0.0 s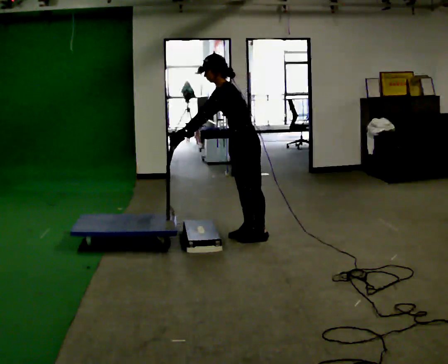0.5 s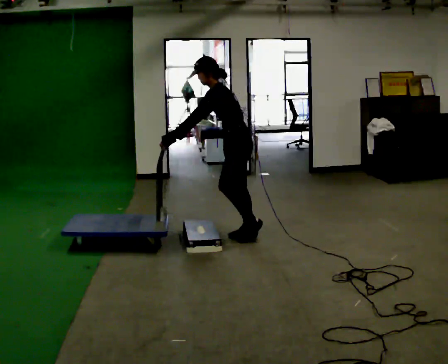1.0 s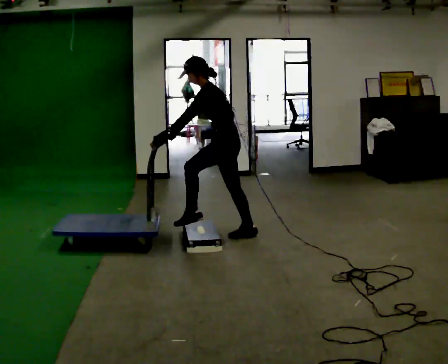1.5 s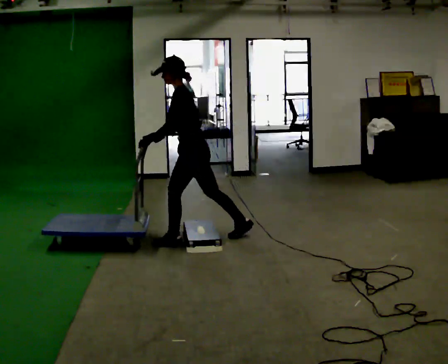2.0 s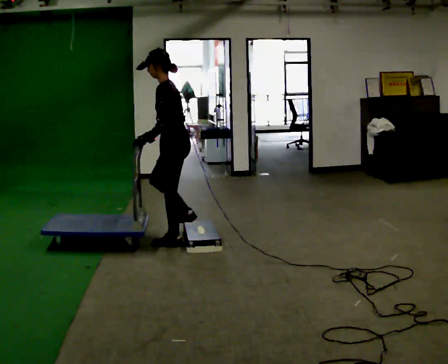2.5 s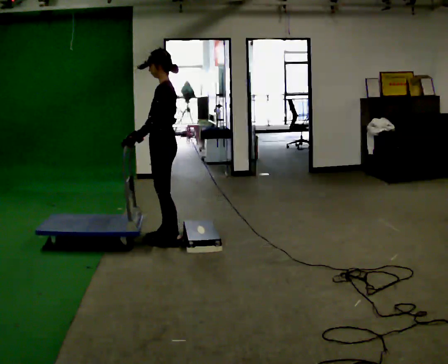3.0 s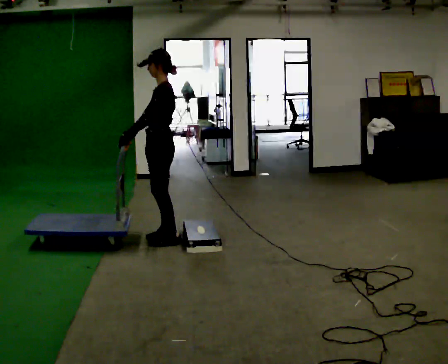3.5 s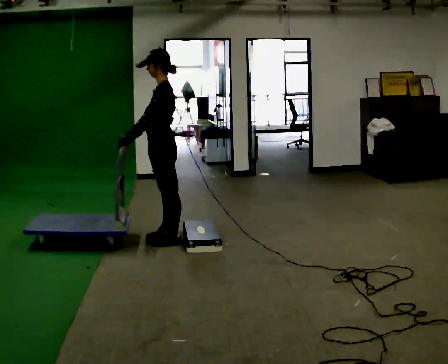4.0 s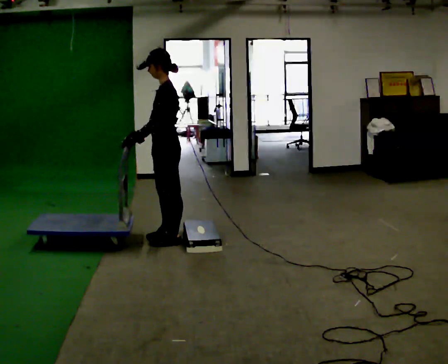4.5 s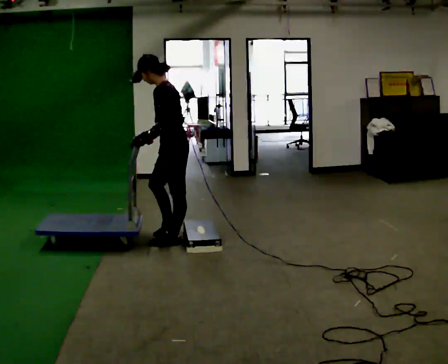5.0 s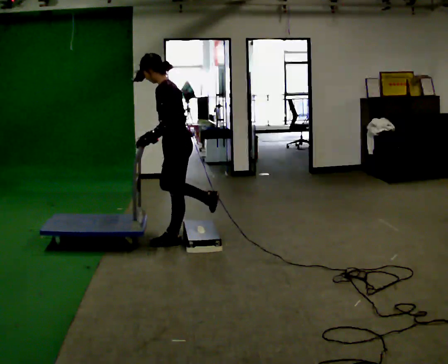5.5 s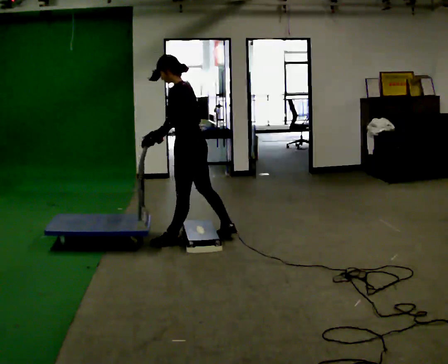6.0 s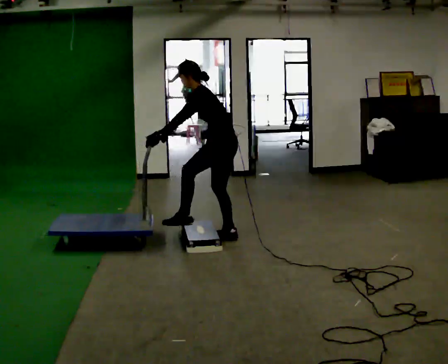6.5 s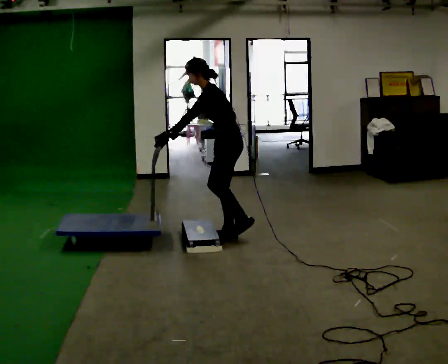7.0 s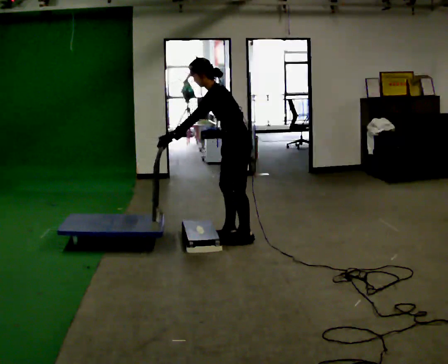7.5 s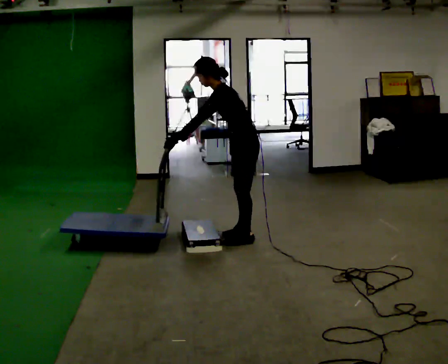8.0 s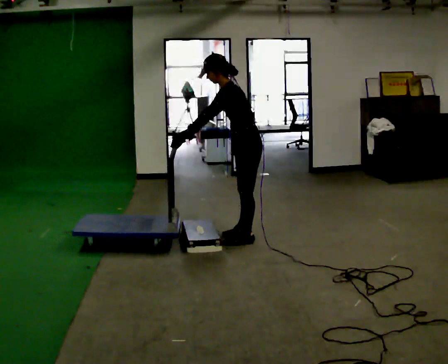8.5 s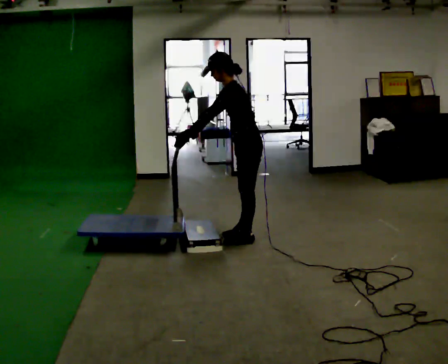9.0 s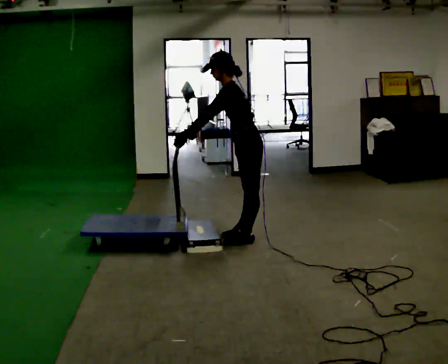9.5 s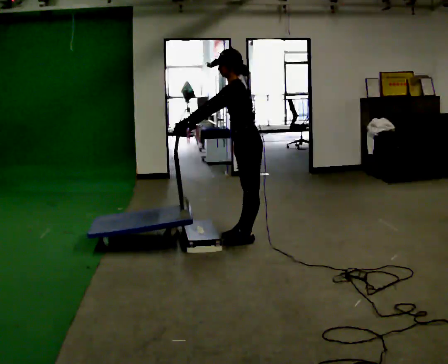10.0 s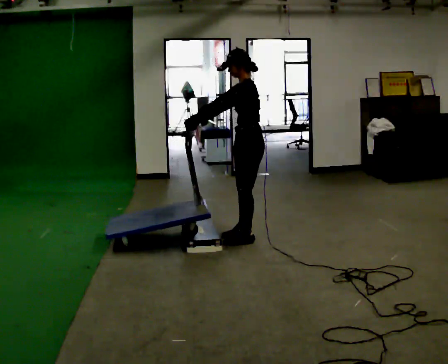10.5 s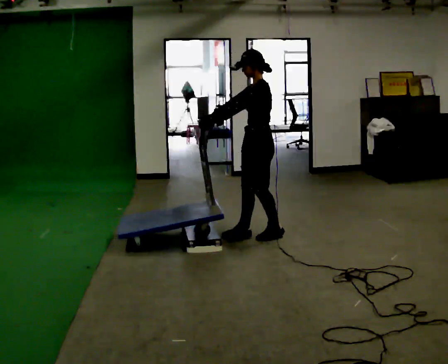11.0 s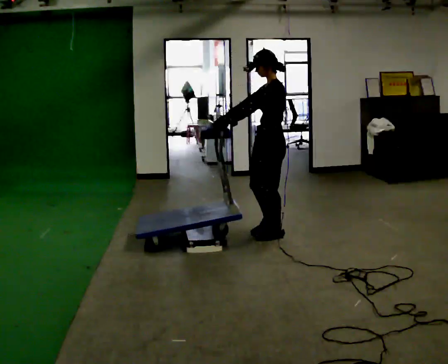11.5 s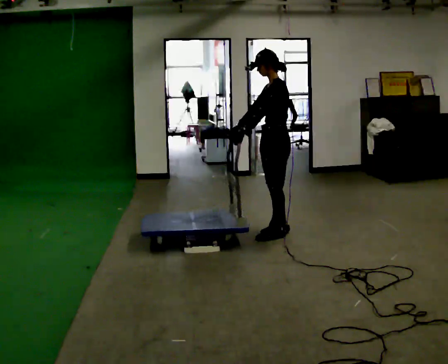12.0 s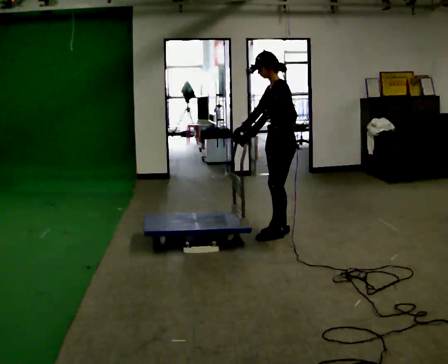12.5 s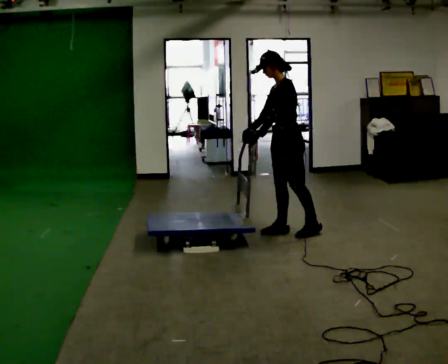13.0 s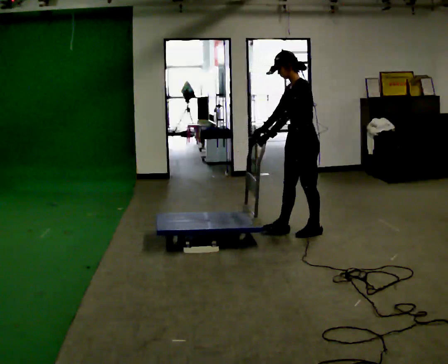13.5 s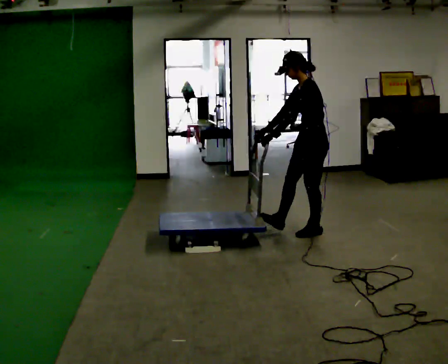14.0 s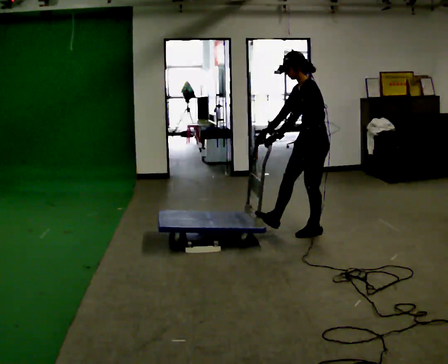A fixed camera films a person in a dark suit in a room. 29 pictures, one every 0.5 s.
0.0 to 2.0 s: The part of the body nearest the lens slides to the left as the person turns to their right by about 30 degrees. In the picture they go to the left, about 0.5 m in 1 step, which for them is forward.
2.0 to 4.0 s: The person moves a little, or ends about where they began.
4.0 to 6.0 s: In the picture they go to the right, about 0.5 m in 1 step, which for them is backward and to their right. In the picture the upper body tilts counterclockwise, shoulders to the left, as they bend forward.
6.0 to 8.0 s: In the picture they go to the right, about 0.25 m in 1 step, which for them is backward.
8.0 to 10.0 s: In the picture the upper body tilts clockwise, shoulders to the right, as they lean back or straighten.
10.0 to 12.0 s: In the picture they go to the right, about 0.25 m in 2 steps, which for them is backward.
12.0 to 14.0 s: In the picture they go to the right, about 0.25 m in 1 step, which for them is backward and to their left.
The film runs forward here.
